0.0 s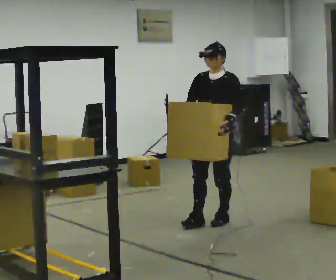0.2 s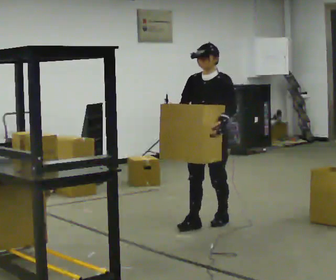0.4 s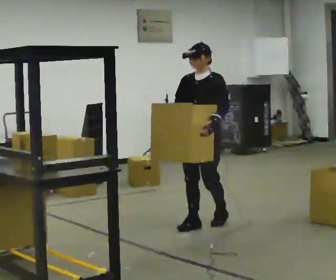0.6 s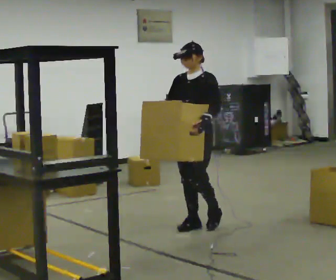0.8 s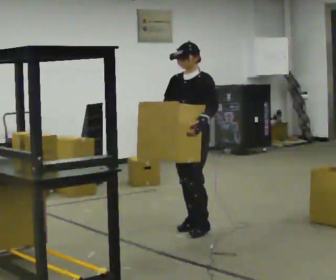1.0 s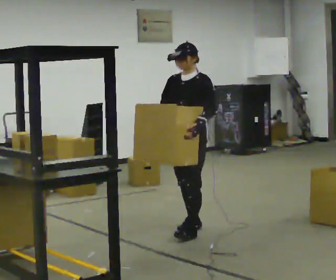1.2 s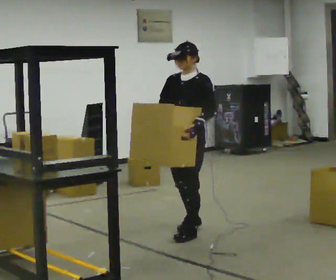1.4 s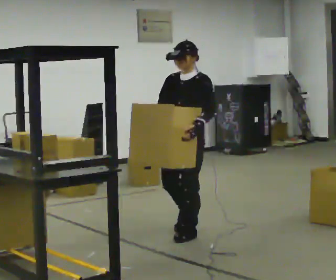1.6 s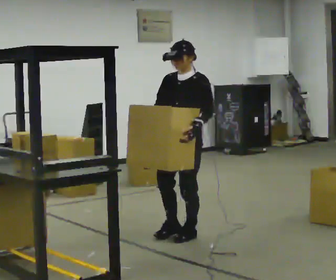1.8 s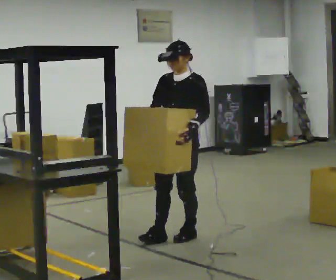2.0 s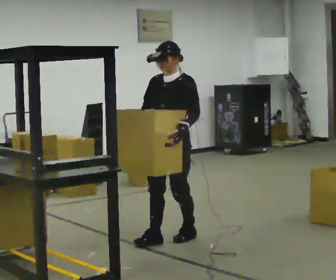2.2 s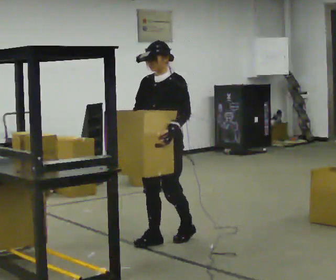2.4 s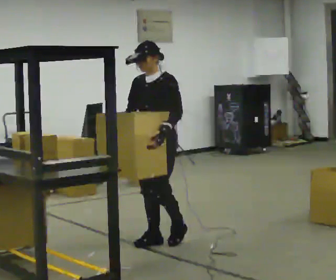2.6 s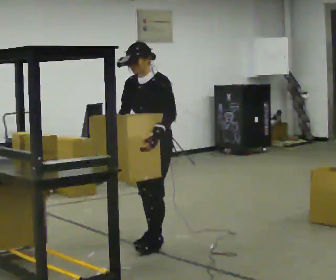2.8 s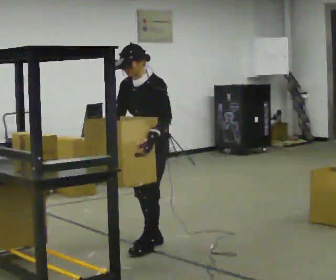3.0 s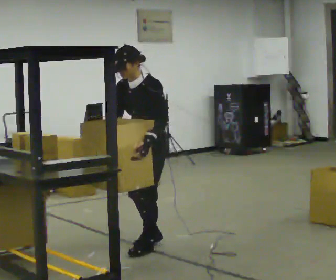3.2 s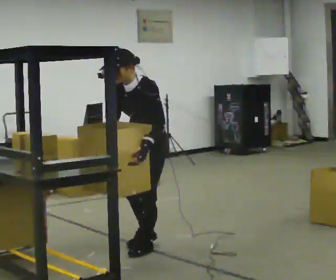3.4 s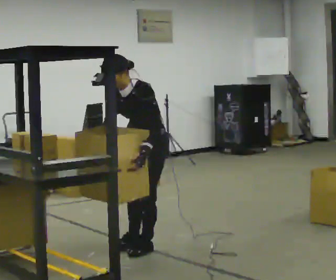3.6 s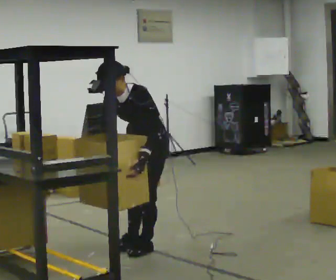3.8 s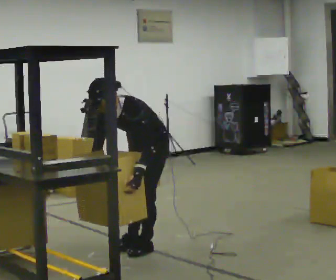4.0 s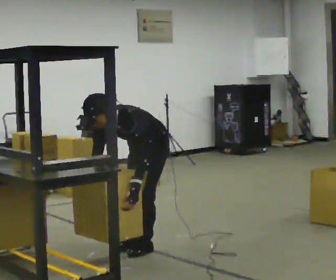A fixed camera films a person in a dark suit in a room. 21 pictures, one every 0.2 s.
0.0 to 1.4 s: In the picture they go toward the camera and to the left, about 0.5 m in 2 steps, which for them is forward.
1.4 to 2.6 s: In the picture they go to the left and toward the camera, about 0.25 m in 1 step, which for them is forward.
2.6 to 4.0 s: The shoulders move downward. In the picture the upper body tilts counterclockwise, shoulders to the left, as they bend forward. In the picture their right hand goes downward.
The film runs forward here.
